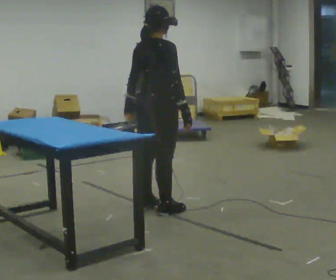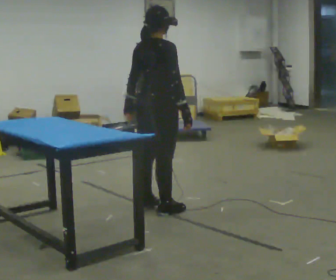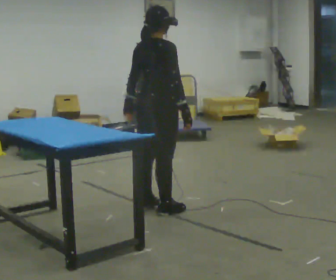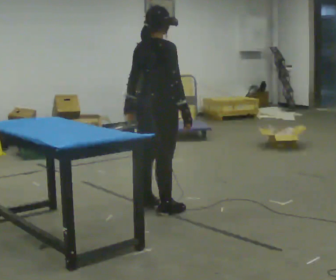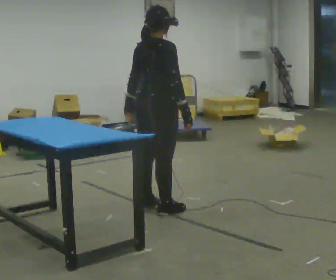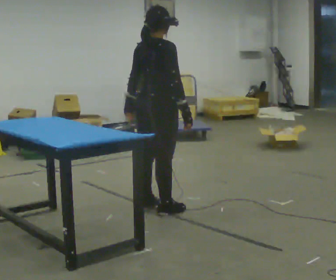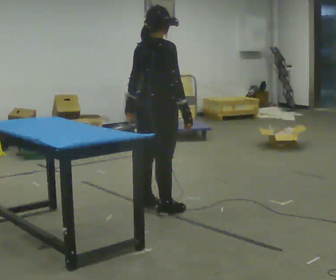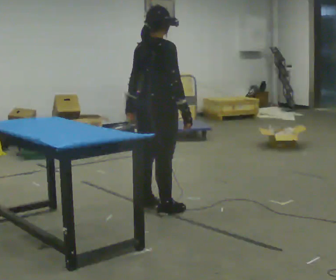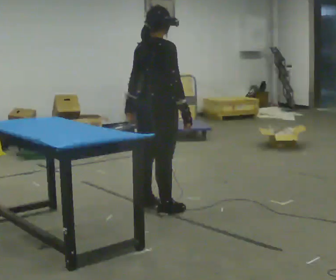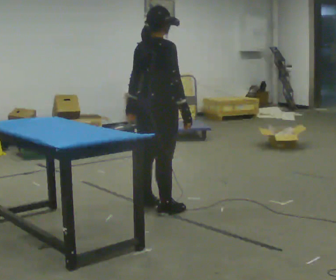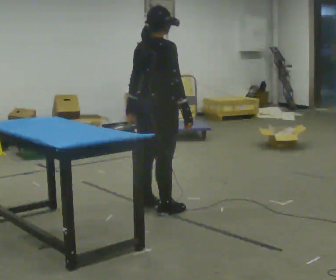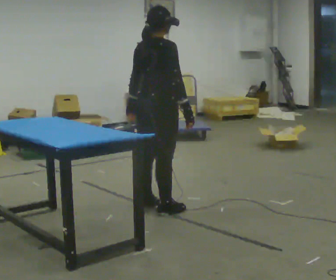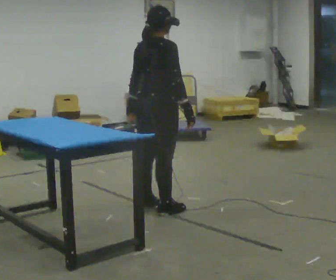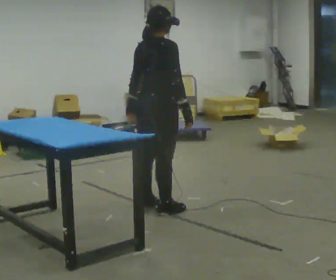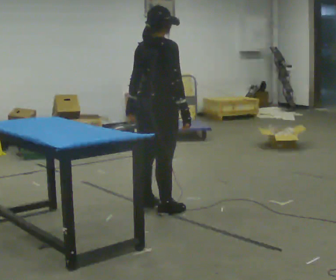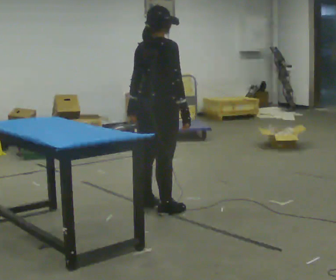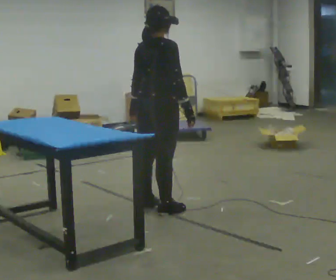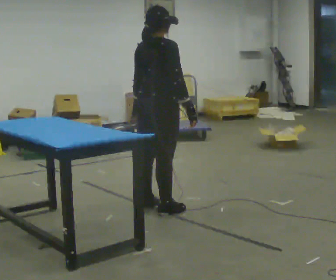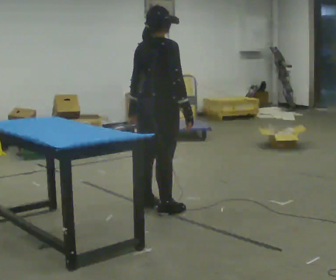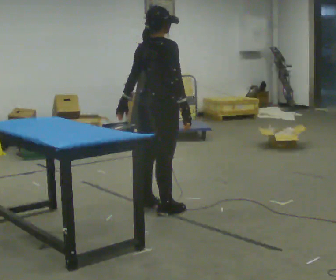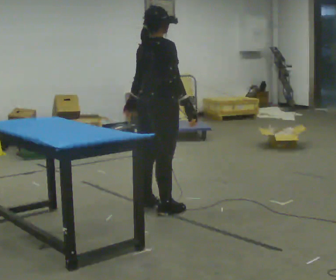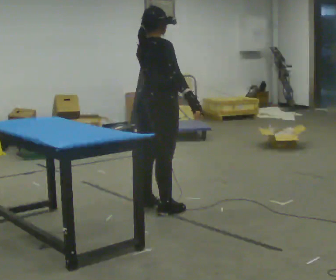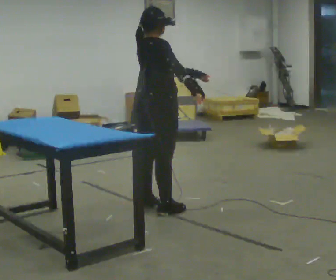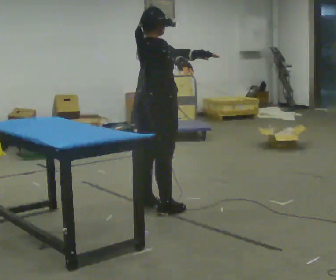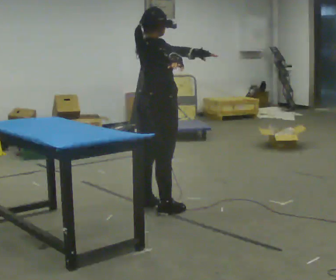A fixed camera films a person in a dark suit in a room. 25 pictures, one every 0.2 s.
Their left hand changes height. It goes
upward.
0.0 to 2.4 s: The person keeps their place and pose.
2.4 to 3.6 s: The person moves a little, or ends about where they began.
3.6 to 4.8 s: In the picture their left hand goes to the right and upward, the arm swinging counterclockwise.
The film runs backward here.
